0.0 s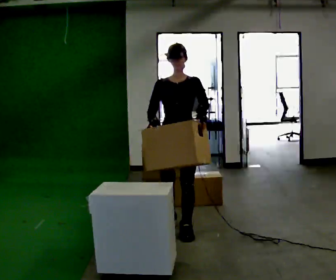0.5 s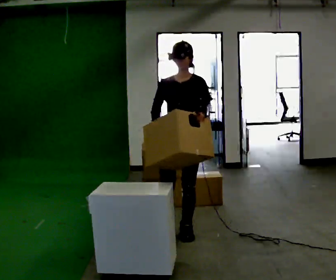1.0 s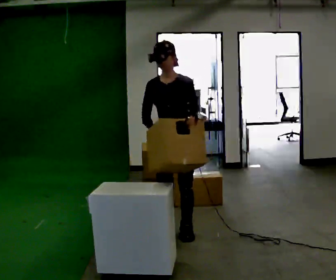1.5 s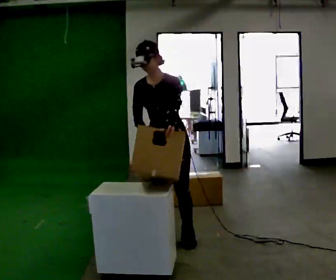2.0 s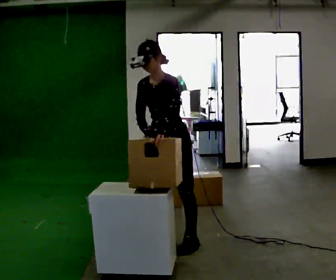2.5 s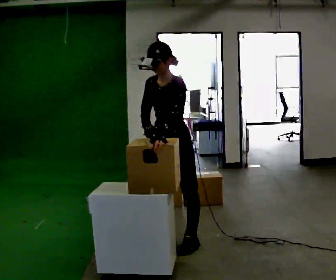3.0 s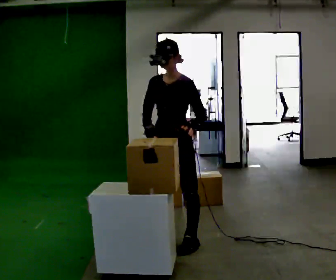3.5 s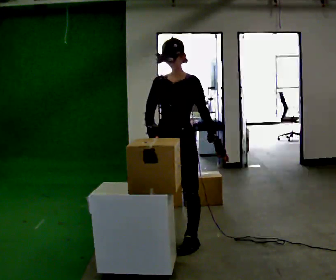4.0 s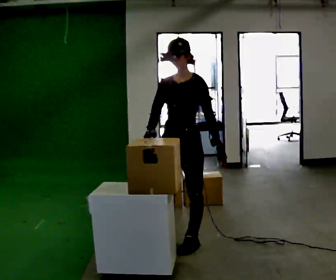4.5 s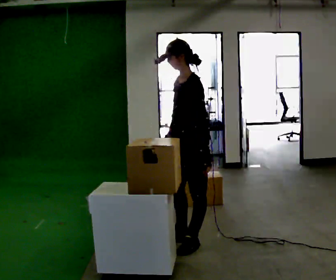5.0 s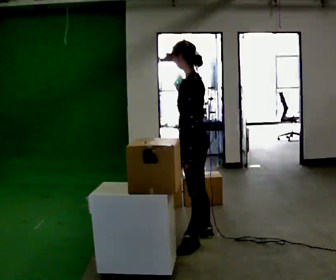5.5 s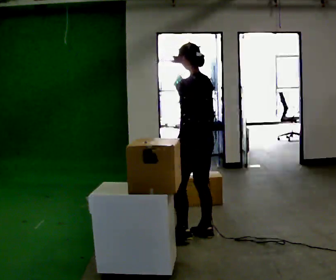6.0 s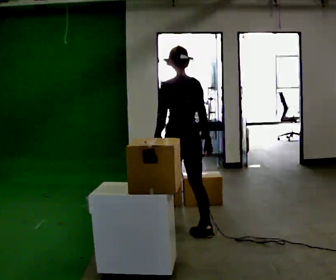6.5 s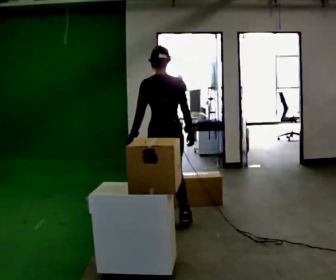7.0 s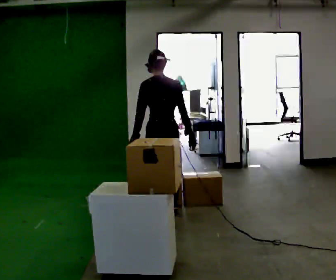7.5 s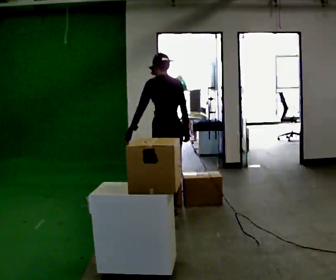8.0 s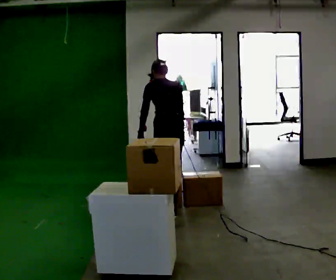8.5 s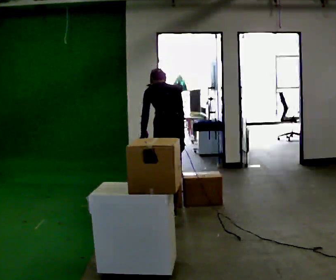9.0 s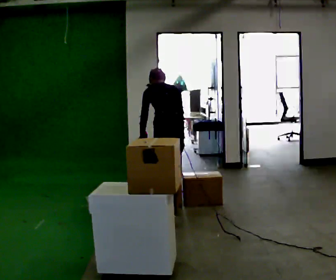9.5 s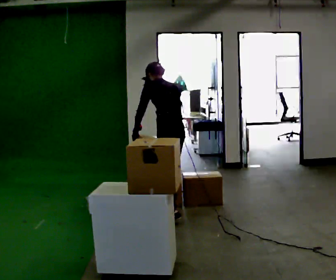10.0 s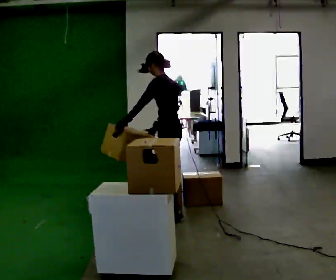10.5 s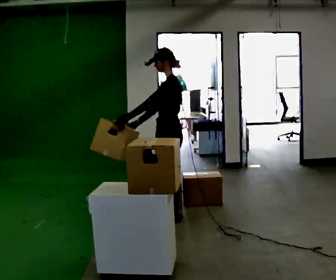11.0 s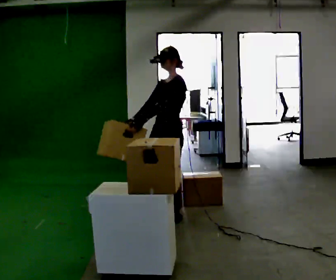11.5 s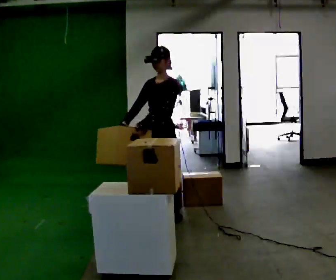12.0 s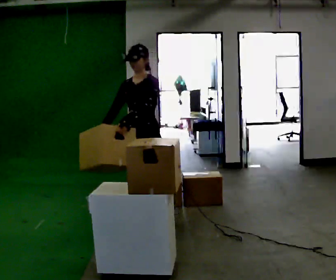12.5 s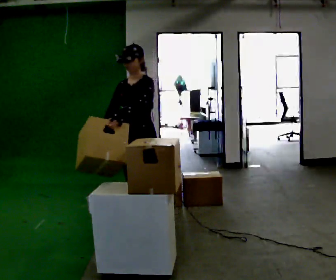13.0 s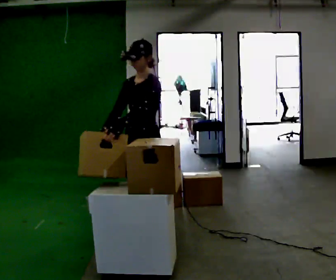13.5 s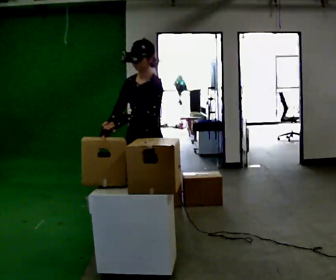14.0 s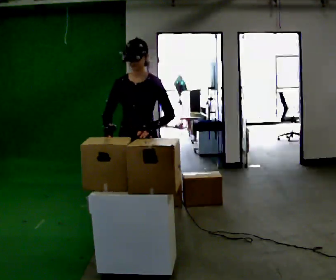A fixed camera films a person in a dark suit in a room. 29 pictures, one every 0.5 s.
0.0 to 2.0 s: In the picture they go toward the camera, about 0.25 m in 2 steps, which for them is forward.
2.0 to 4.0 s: In the picture the upper body tilts clockwise, shoulders to the right, as they lean back or straighten. In the picture their left hand goes to the right.
4.0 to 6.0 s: Seen from above the body turns clockwise, about 120 degrees: to their right, with its near side sliding to the left. In the picture they go away from the camera, about 0.5 m in 2 steps.
6.0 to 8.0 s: In the picture they go away from the camera, about 0.5 m in 1 step, which for them is forward. The upper body tips away from the camera, its near side rolling upward, as they bend forward.
8.0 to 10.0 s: Seen from above the body turns counterclockwise, about 45 degrees: to their left, with its near side sliding to the right.
10.0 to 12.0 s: The part of the body nearest the lens slides to the right as the person turns to their left by about 75 degrees. In the picture they go toward the camera and to the left, about 0.5 m in 1 step.
12.0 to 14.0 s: In the picture they go toward the camera, about 0.5 m in 2 steps, which for them is to their left and forward.
The film runs forward here.
